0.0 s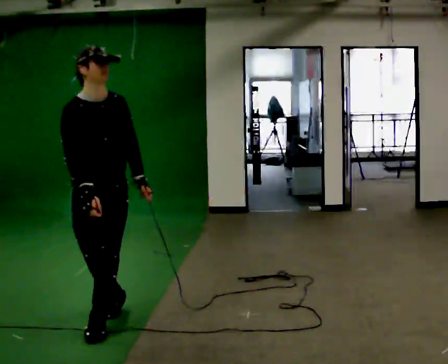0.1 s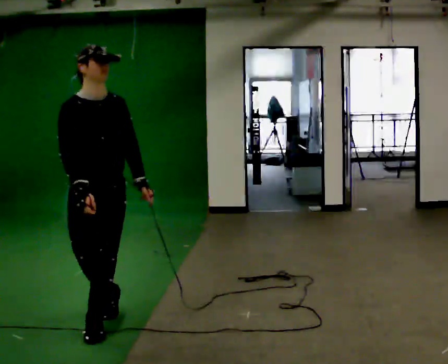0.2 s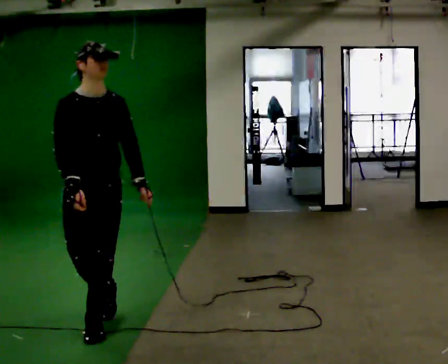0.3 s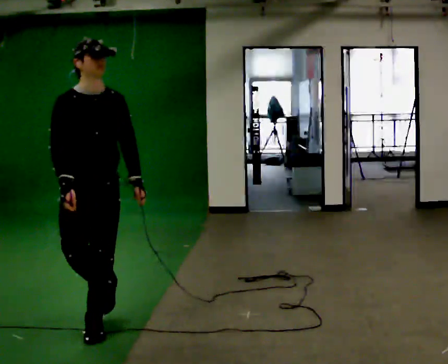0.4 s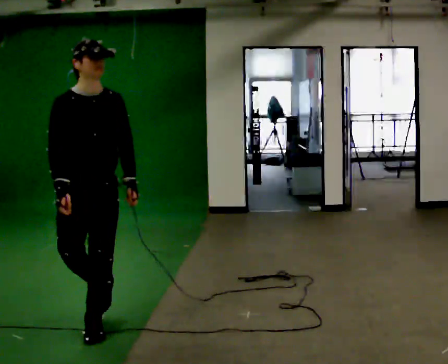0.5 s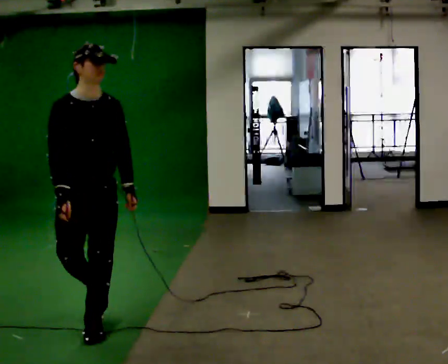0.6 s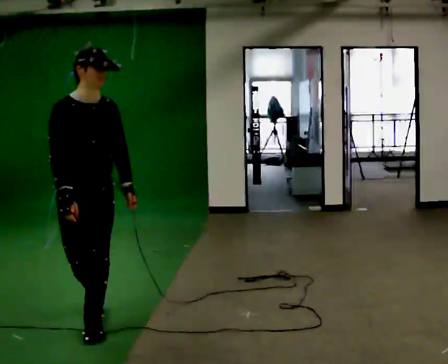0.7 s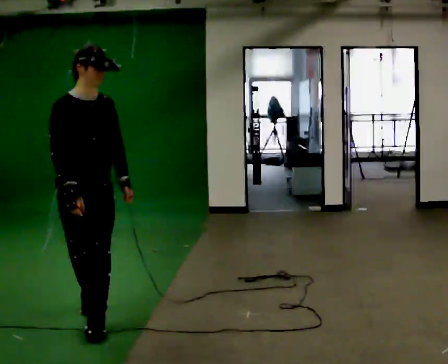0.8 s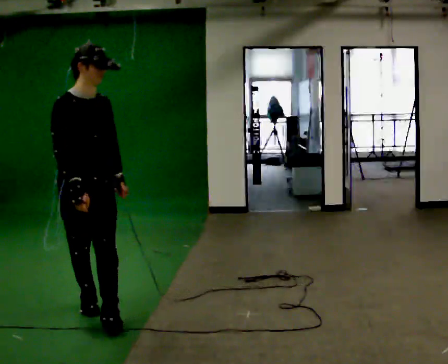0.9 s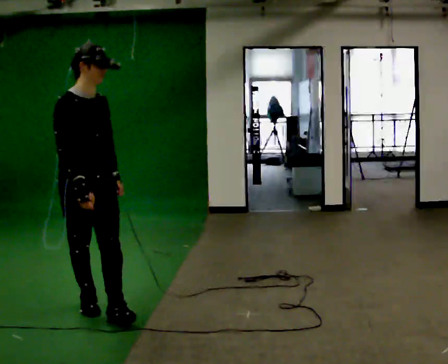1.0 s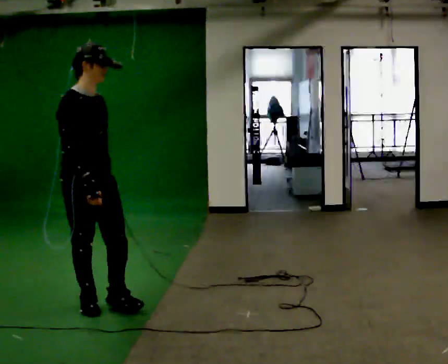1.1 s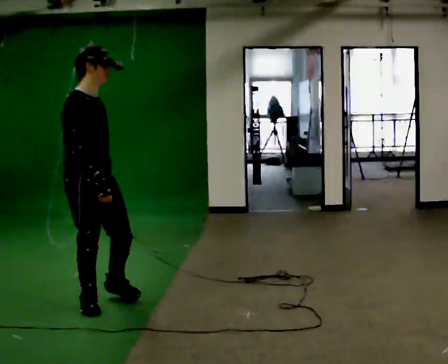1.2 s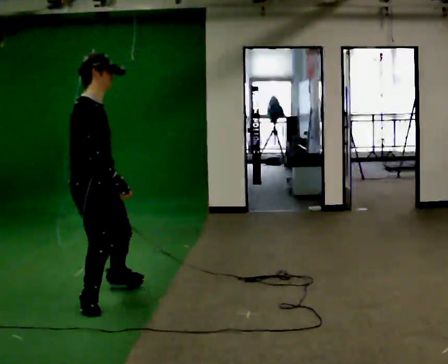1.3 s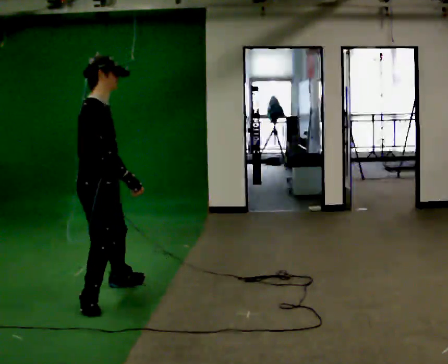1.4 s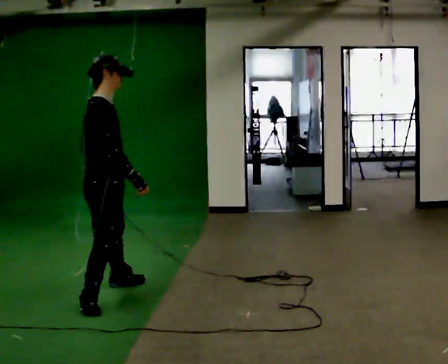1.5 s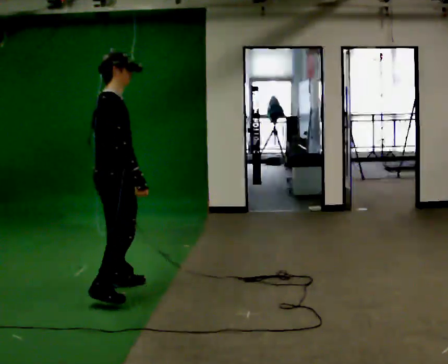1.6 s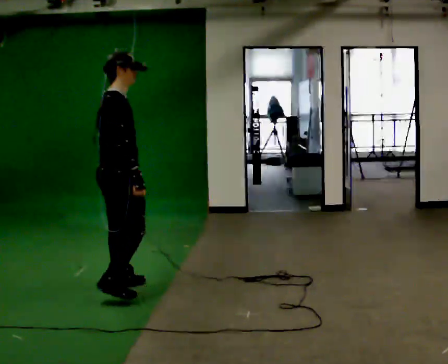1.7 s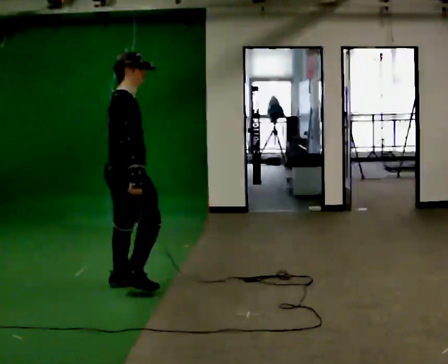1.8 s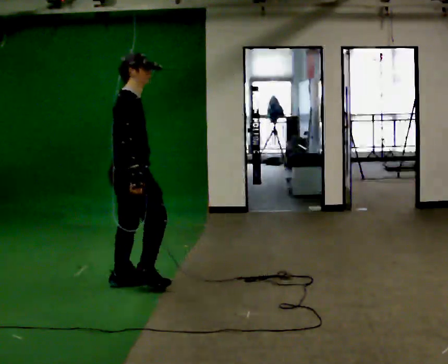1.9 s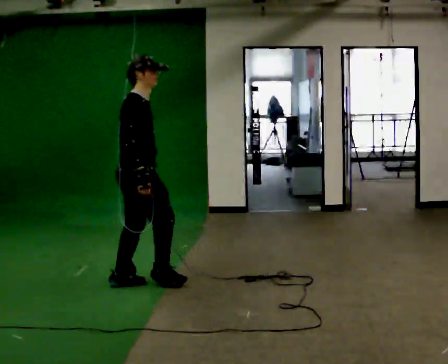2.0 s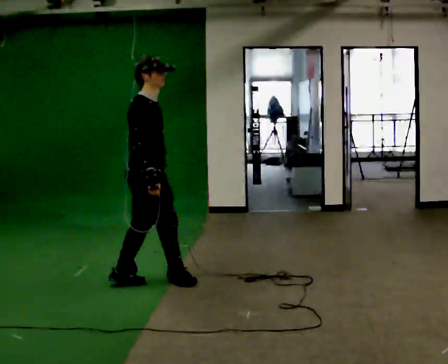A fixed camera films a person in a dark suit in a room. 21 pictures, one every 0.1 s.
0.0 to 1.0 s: The person turns about 30 degrees to their left, counterclockwise seen from above, so the part of the body nearest the lens slides to the right.
1.0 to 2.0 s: The part of the body nearest the lens slides to the right as the person turns to their left by about 45 degrees. In the picture they go away from the camera and to the right, about 0.5 m in 1 step.
The film runs backward here.
